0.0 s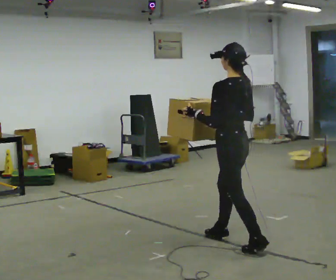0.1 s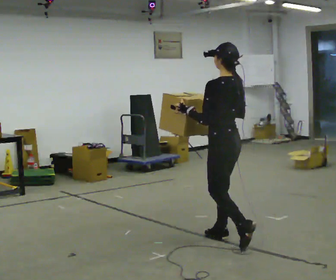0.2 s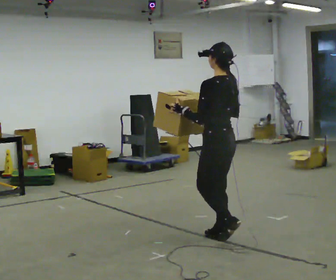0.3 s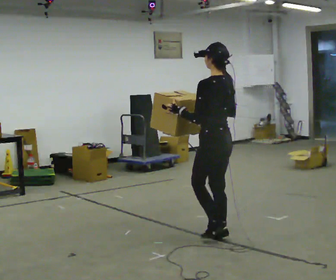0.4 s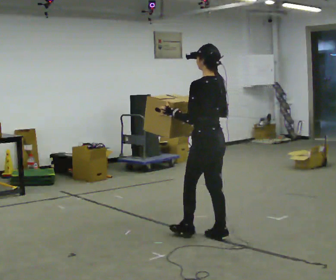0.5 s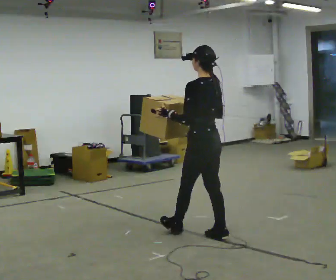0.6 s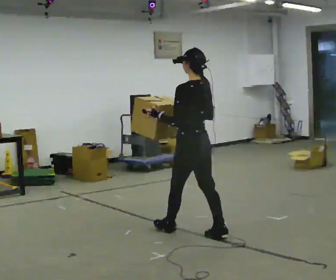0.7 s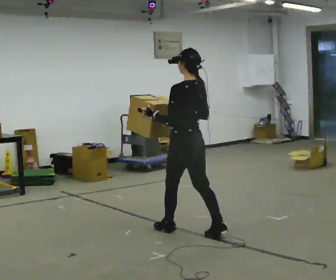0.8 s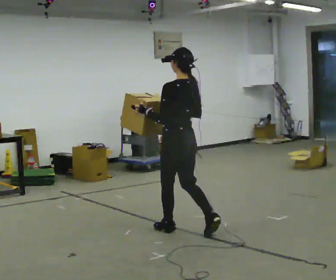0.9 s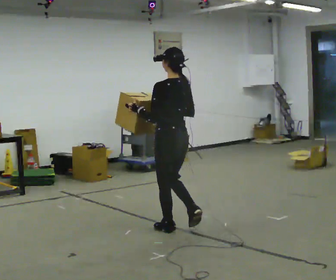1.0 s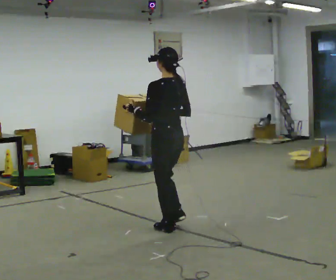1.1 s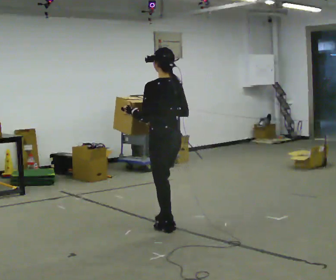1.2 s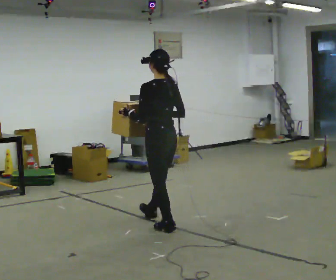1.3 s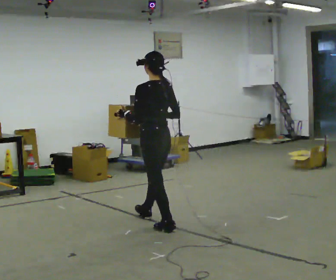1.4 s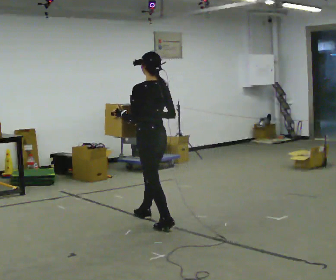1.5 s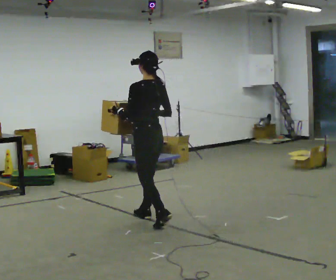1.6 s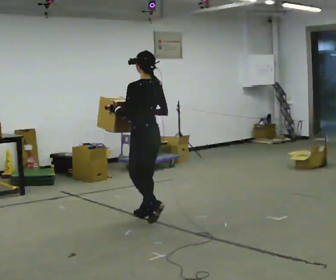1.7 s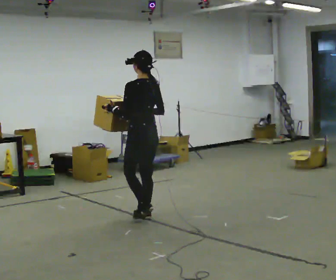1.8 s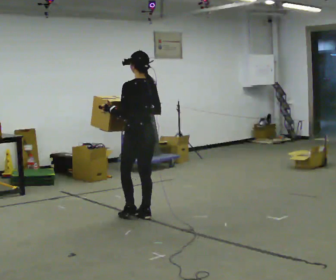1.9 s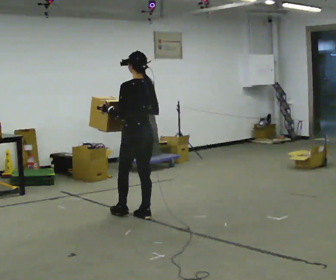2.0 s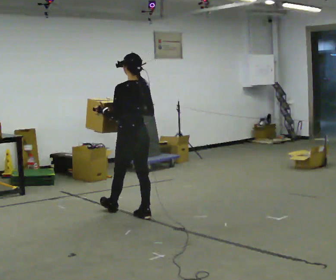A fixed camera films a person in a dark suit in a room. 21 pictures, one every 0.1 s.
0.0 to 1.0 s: In the picture they go away from the camera and to the left, about 0.5 m in 1 step, which for them is forward.
1.0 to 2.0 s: In the picture they go away from the camera and to the left, about 0.5 m in 1 step, which for them is forward.
The film runs forward here.
